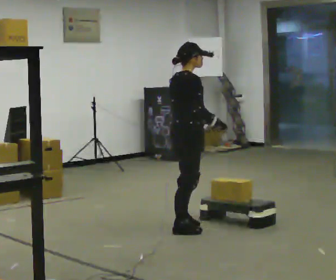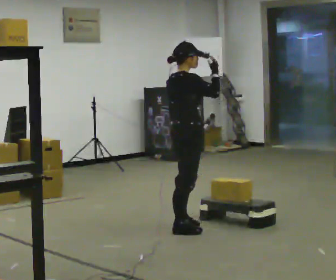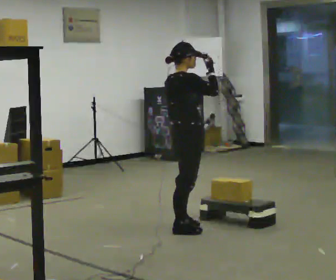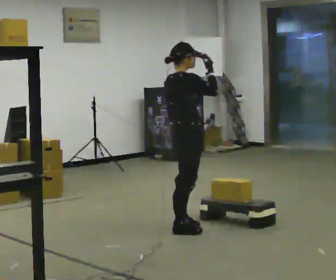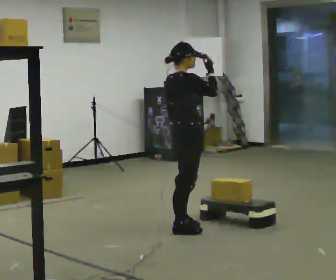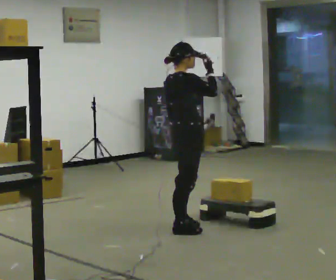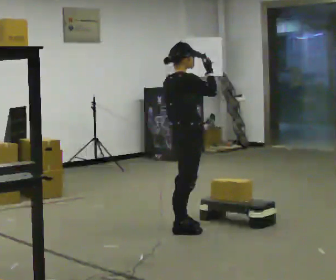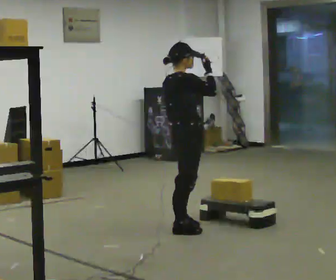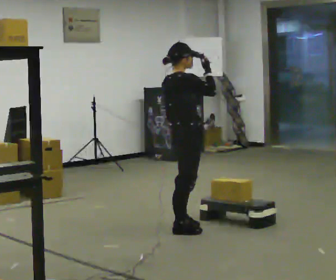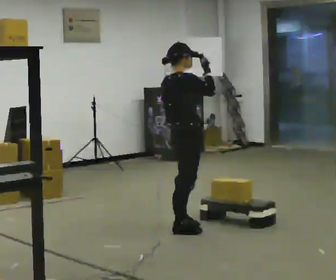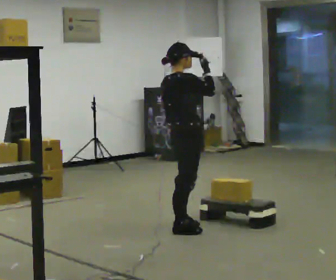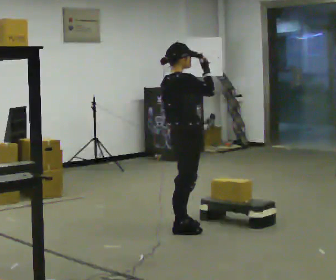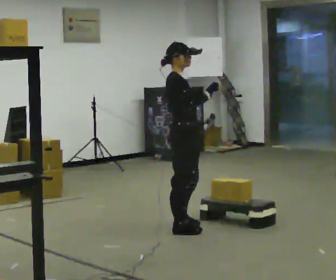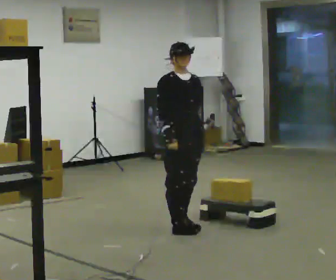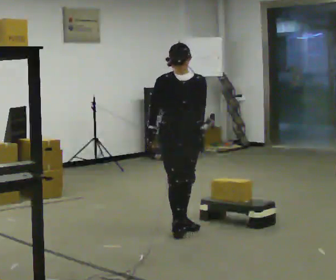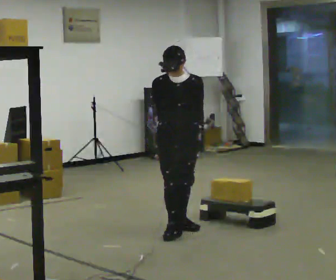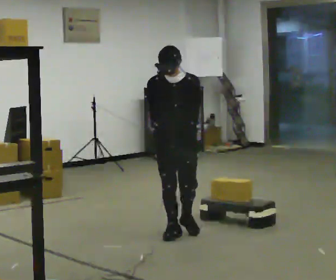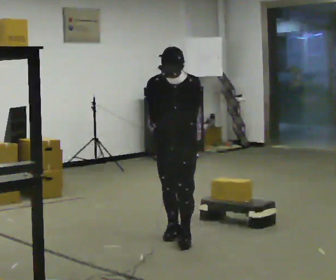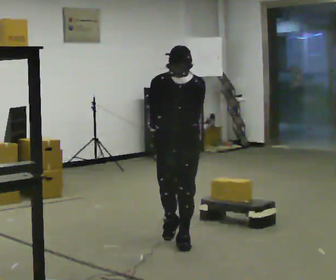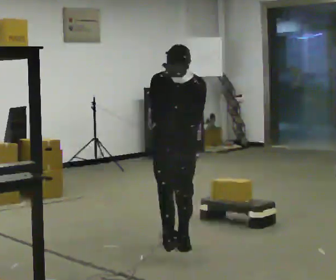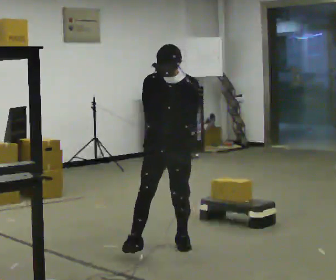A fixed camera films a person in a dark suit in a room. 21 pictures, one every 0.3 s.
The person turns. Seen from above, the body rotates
clockwise.
The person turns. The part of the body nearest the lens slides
to the left.
0.0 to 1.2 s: The person moves a little, or ends about where they began.
1.2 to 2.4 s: The person keeps their place and pose.
2.4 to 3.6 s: The person turns about 30 degrees to their right, clockwise seen from above, so the part of the body nearest the lens slides to the left.
3.6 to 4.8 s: The person turns about 75 degrees to their right, clockwise seen from above, so the part of the body nearest the lens slides to the left. In the picture their right hand goes to the left and downward.
4.8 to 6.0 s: In the picture they go toward the camera, about 0.25 m in 1 step, which for them is forward.
The film runs forward here.
